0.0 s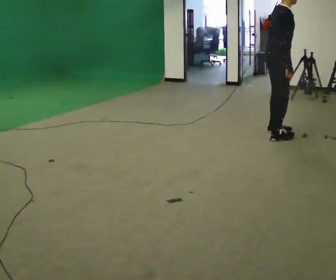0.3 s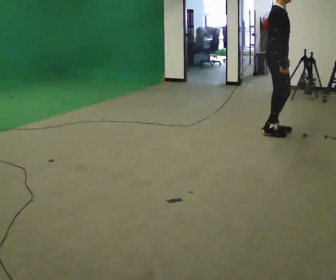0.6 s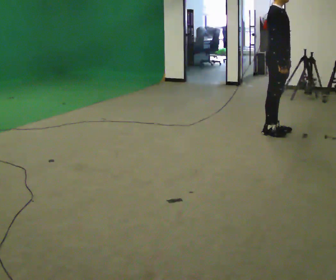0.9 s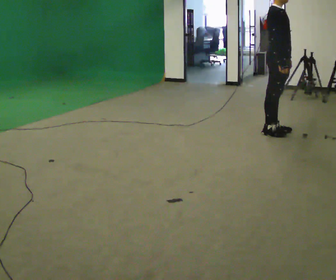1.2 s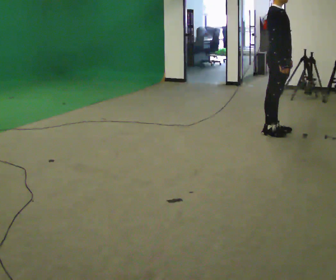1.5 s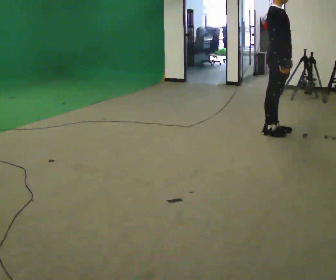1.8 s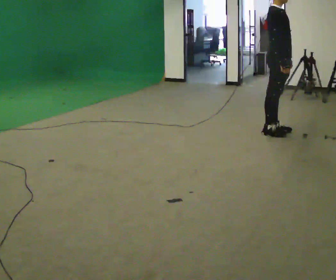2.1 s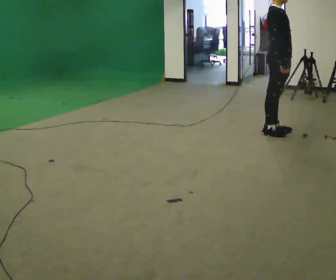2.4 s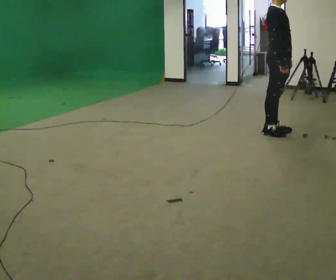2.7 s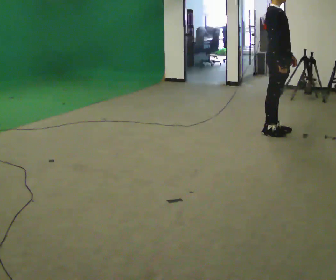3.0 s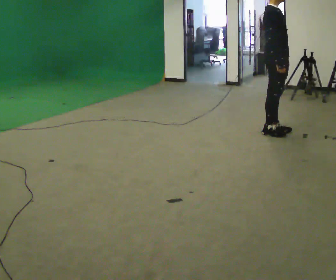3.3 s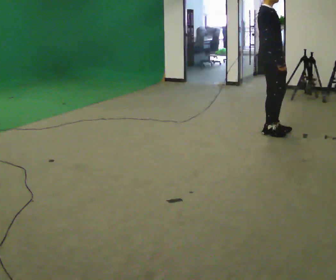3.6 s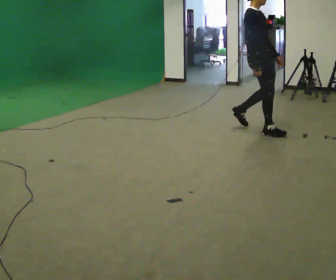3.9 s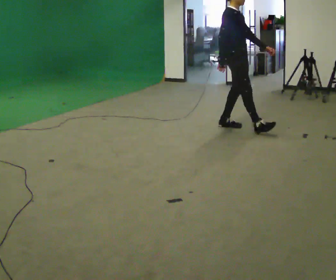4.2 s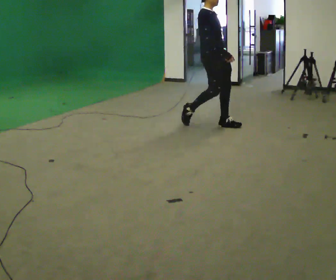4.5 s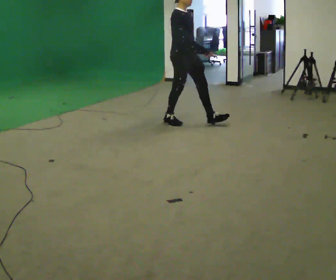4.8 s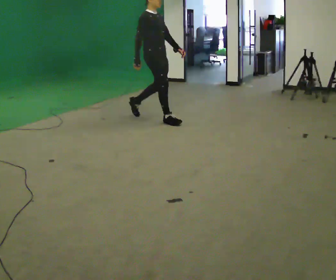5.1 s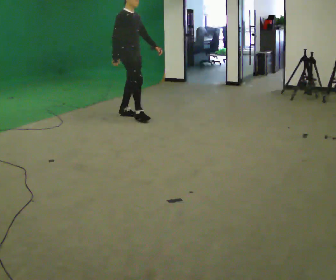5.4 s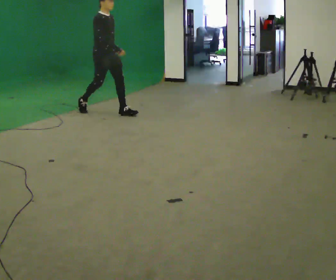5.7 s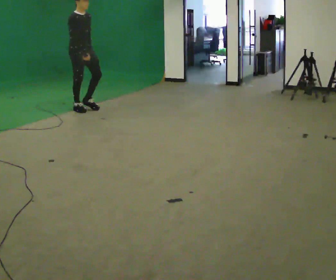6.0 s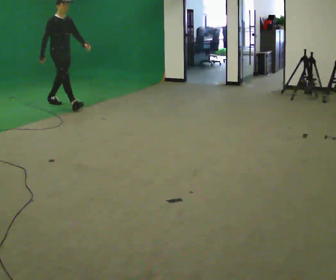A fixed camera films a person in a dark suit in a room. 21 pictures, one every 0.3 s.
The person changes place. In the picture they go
to the left.
0.0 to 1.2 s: Seen from above the body turns clockwise, about 30 degrees: to their right, with its near side sliding to the left. In the picture the upper body tilts counterclockwise, shoulders to the left, as they lean back or straighten.
1.2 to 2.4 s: The person keeps their place and pose.
2.4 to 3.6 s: In the picture they go to the left, about 0.25 m in 1 step, which for them is backward.
3.6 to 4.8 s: In the picture they go to the left, about 1.5 m in 2 steps, which for them is backward.
4.8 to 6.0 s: In the picture they go to the left, about 1.5 m in 3 steps, which for them is backward.
The film runs backward here.
